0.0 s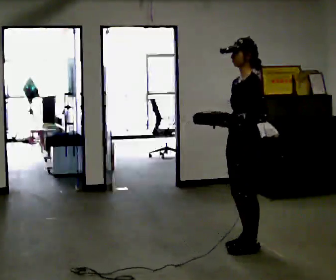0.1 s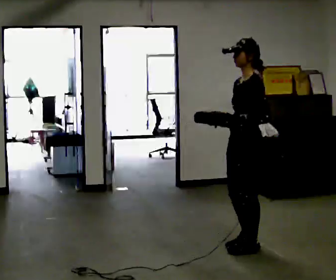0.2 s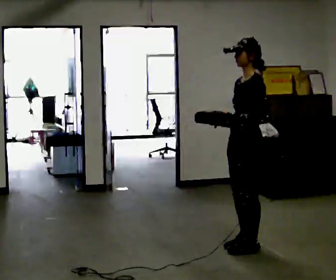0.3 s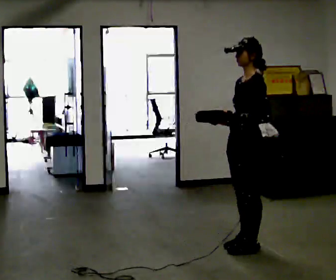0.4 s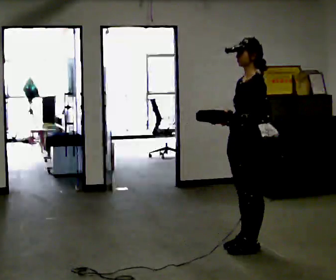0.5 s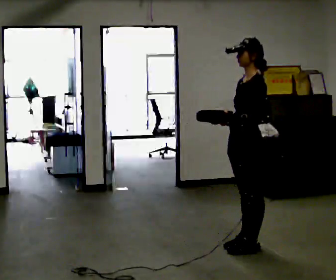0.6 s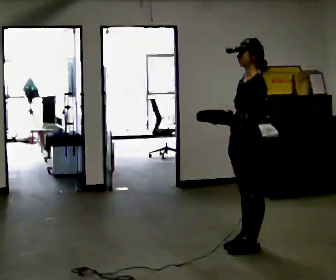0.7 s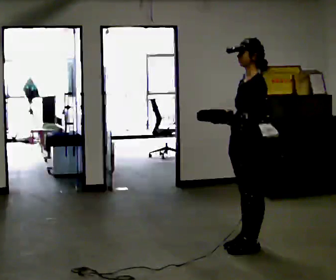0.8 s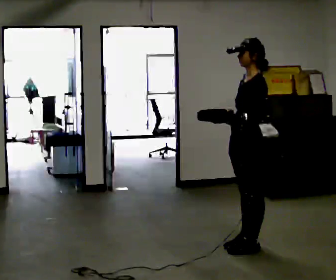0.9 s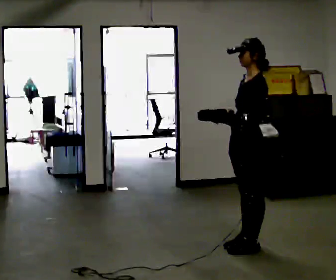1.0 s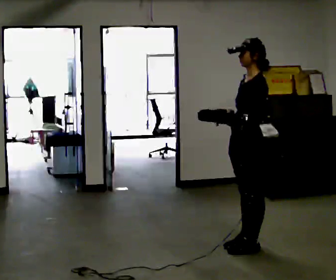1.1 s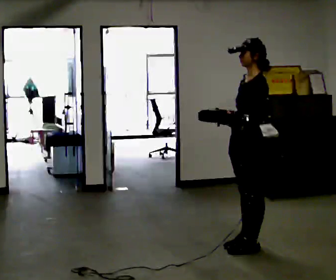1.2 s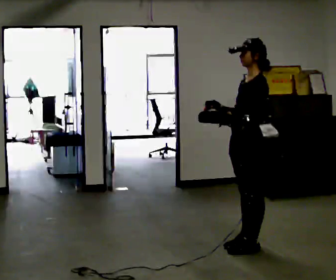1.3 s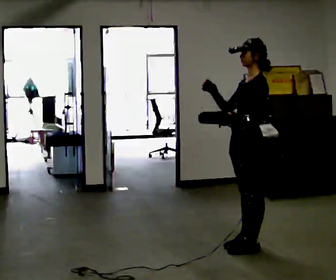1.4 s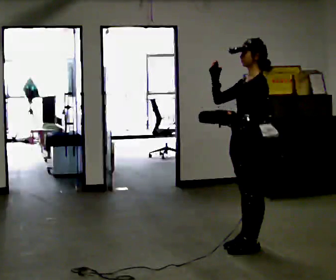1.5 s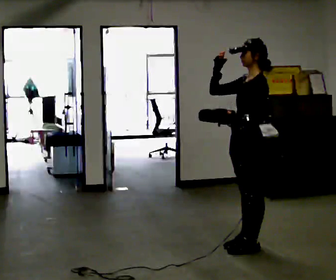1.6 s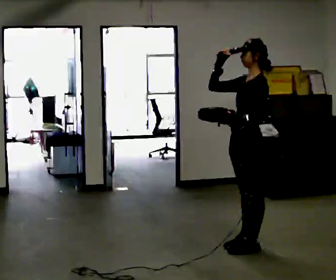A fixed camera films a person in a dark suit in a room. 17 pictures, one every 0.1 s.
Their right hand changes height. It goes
upward.
Their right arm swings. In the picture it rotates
clockwise.
0.0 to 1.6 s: In the picture their right hand goes upward, the arm swinging clockwise.
The film runs forward here.
